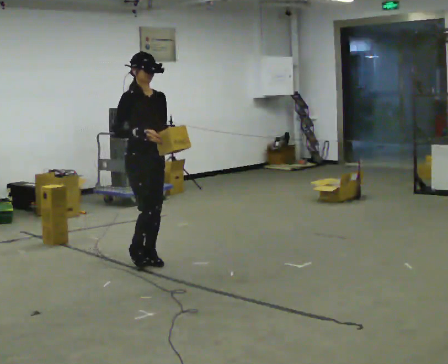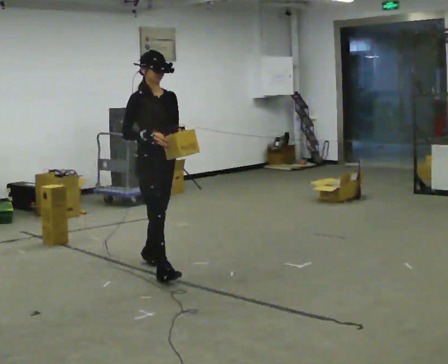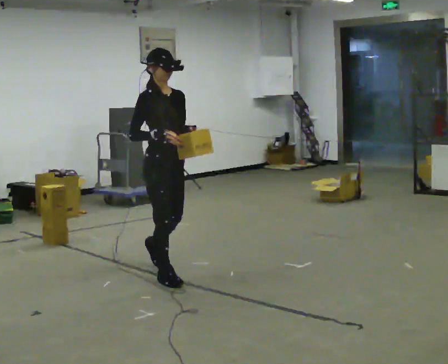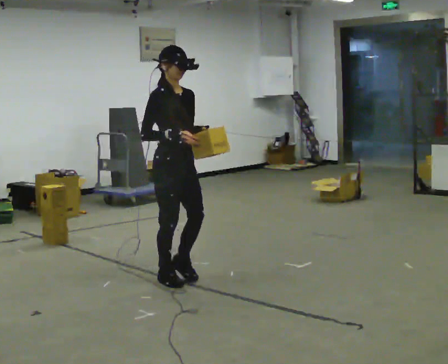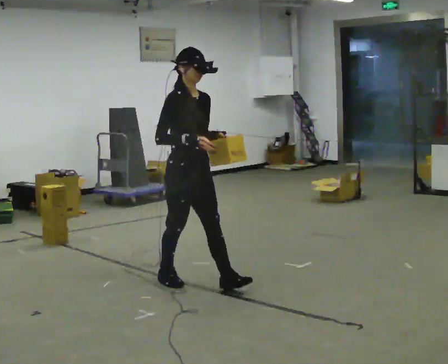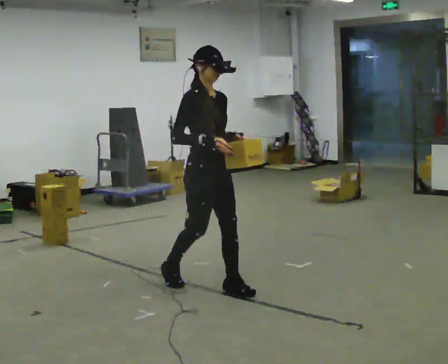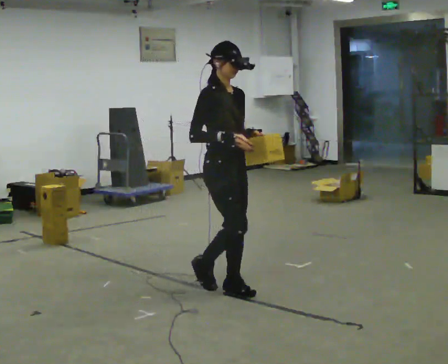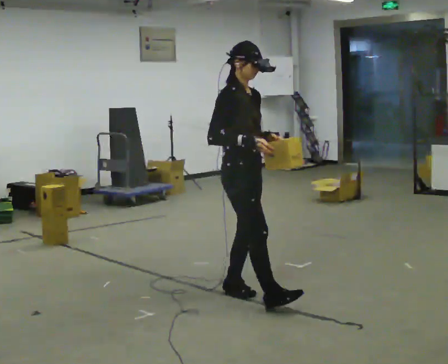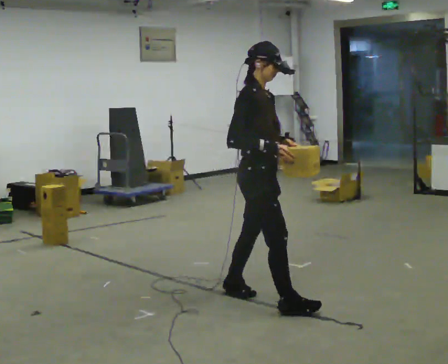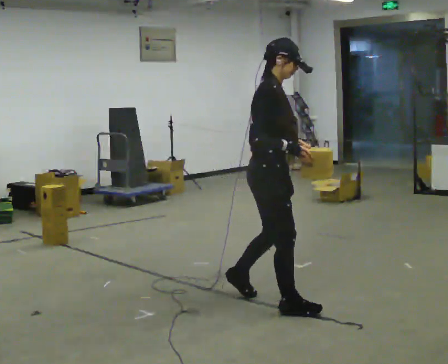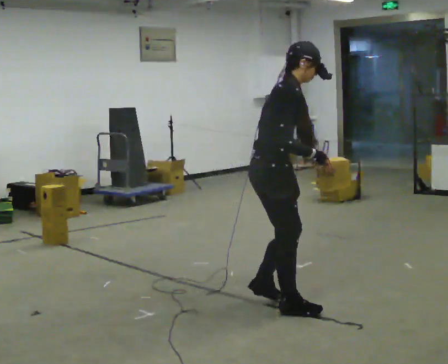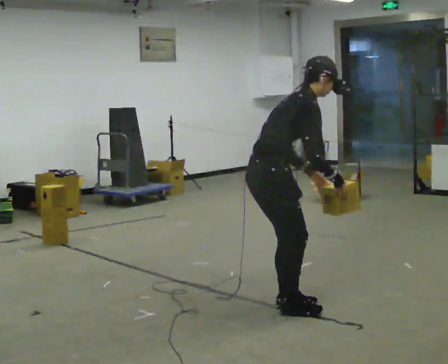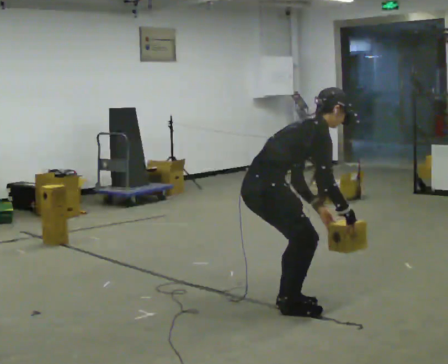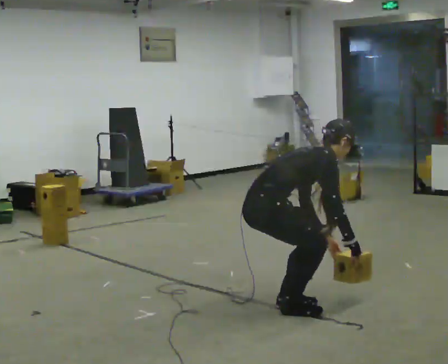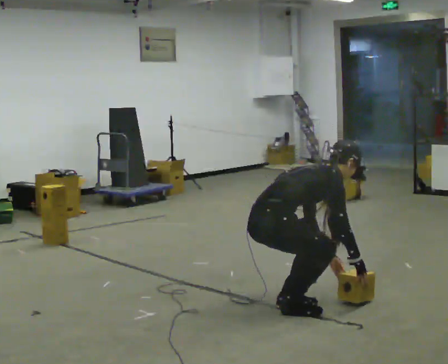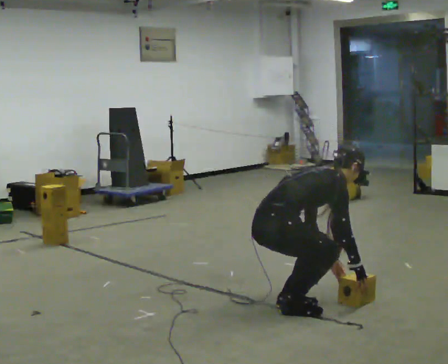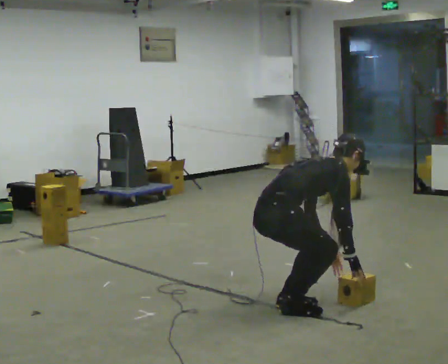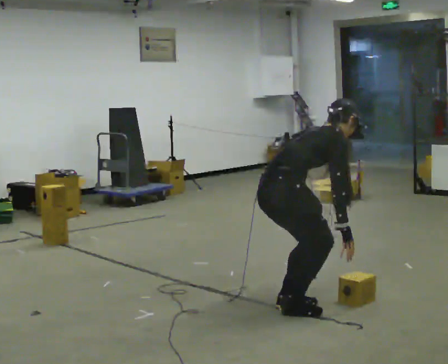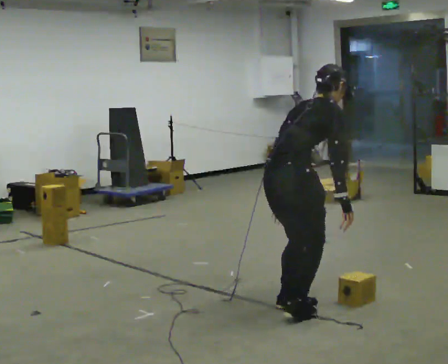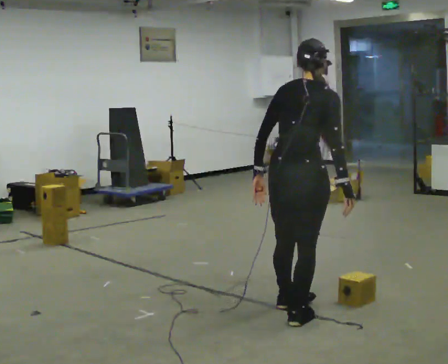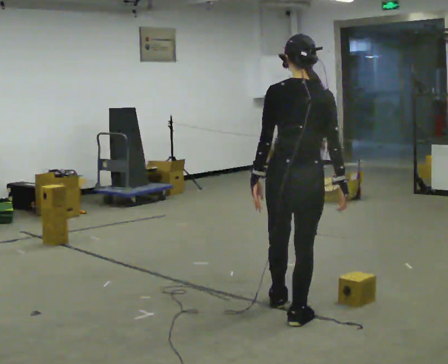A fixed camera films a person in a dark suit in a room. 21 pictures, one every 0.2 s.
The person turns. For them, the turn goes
to their left.
Their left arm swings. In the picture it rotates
clockwise.
0.0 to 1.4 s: In the picture they go toward the camera and to the right, about 1 m in 2 steps, which for them is forward.
1.4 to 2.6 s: The person turns about 45 degrees to their left, counterclockwise seen from above, so the part of the body nearest the lens slides to the right. In the picture they go toward the camera, about 0.25 m in 2 steps, which for them is to their right and forward. The shoulders move downward. In the picture the upper body tilts clockwise, shoulders to the right, as they bend forward. In the picture their right hand goes downward.
2.6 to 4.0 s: The person turns about 75 degrees to their left, counterclockwise seen from above, so the part of the body nearest the lens slides to the right. In the picture they go to the right, about 0.25 m in 1 step. In the picture the upper body tilts counterclockwise, shoulders to the left, as they lean back or straighten. In the picture their left hand goes to the left and upward.
The film runs forward here.
